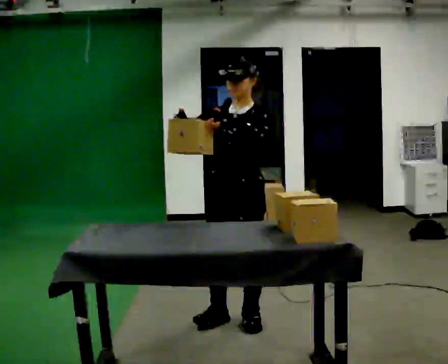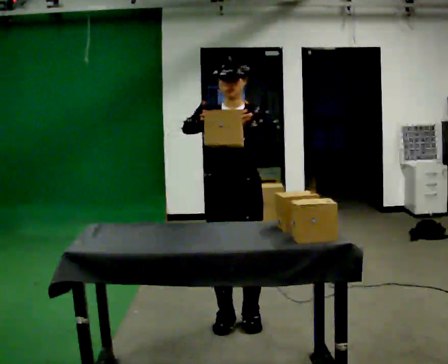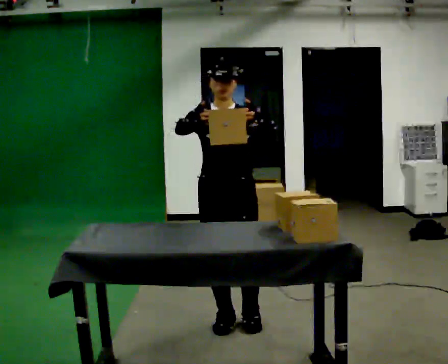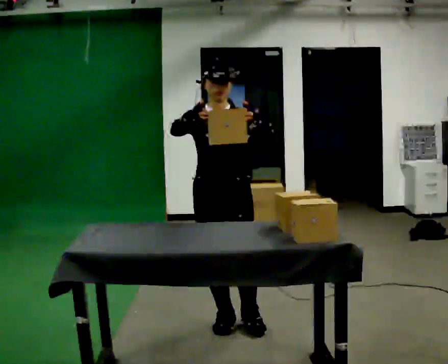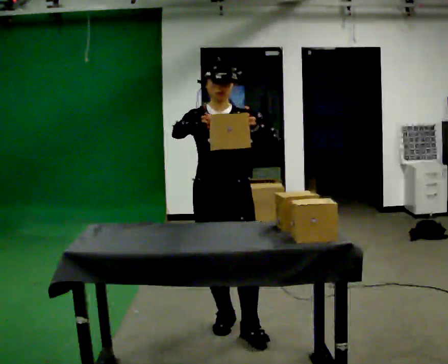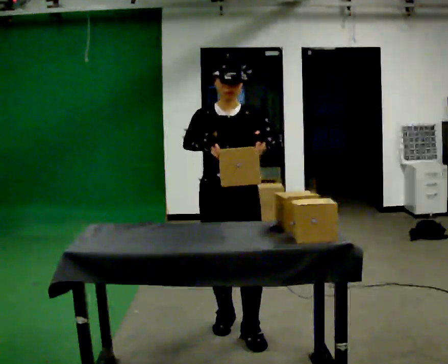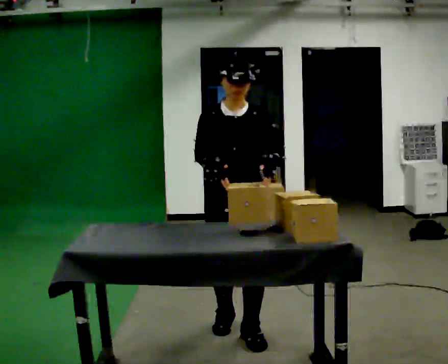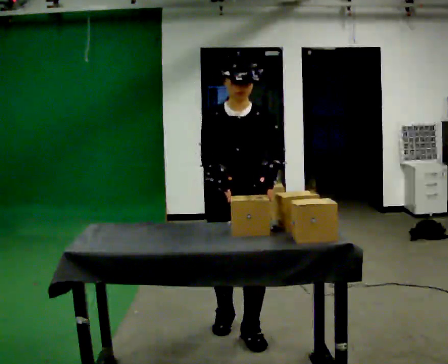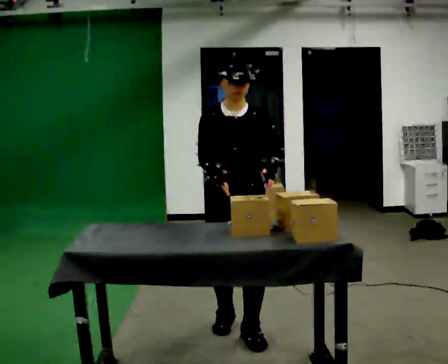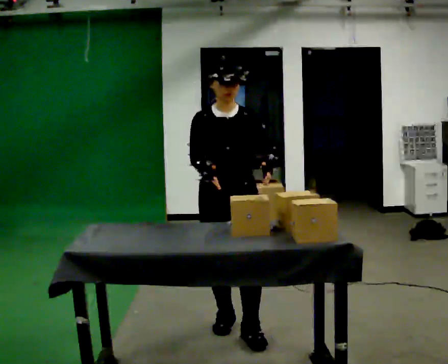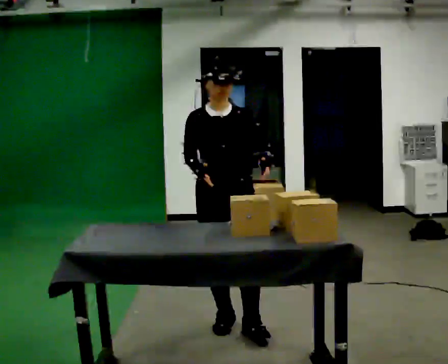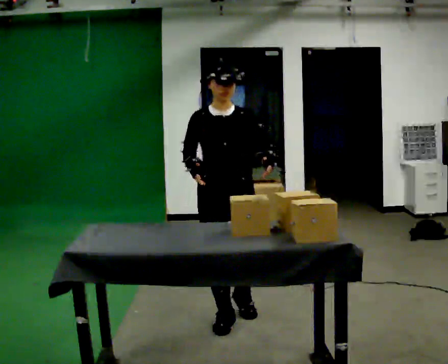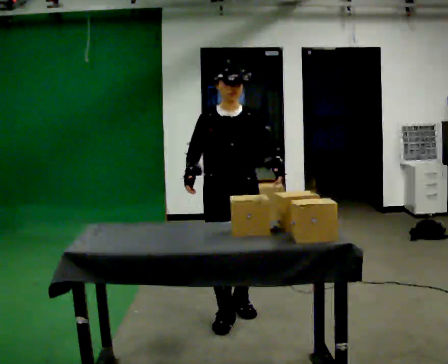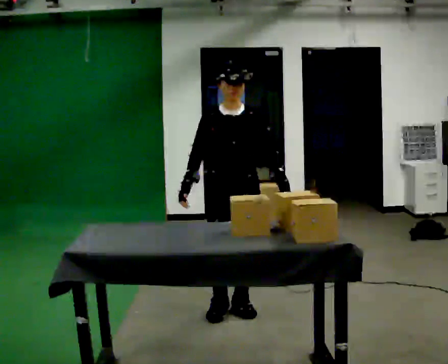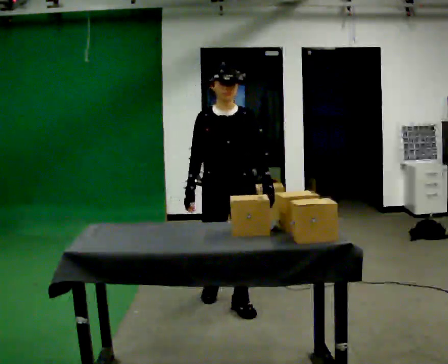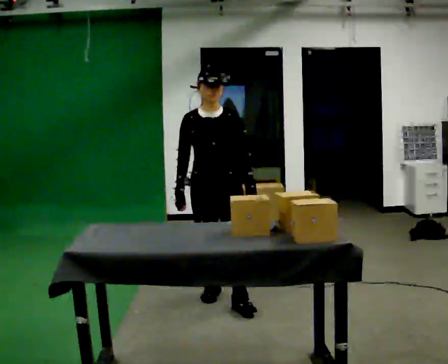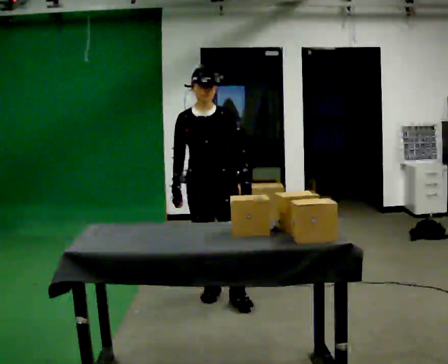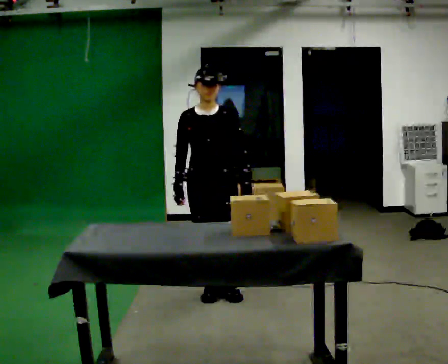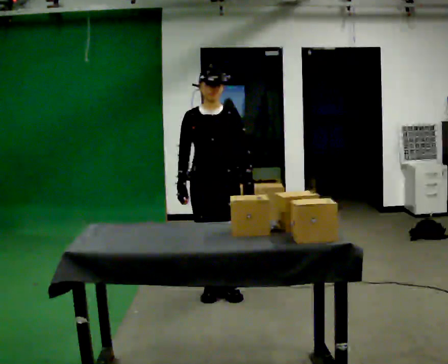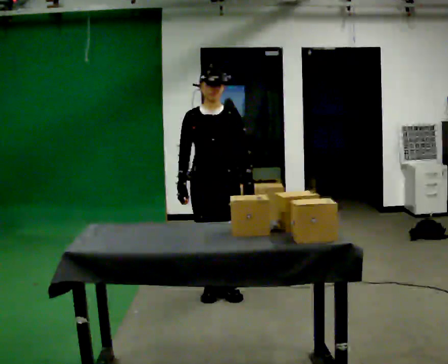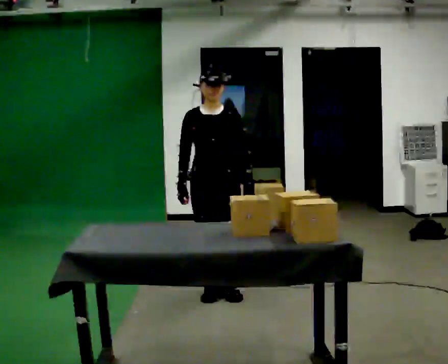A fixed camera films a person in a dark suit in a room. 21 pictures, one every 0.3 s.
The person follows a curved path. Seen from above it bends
clockwise.
0.0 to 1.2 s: The person turns about 30 degrees to their left, counterclockwise seen from above, so the part of the body nearest the lens slides to the right.
1.2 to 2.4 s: The person moves a little, or ends about where they began.
2.4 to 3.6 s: In the picture they go away from the camera, about 0.25 m in 1 step, which for them is backward.
3.6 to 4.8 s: In the picture they go away from the camera, about 0.5 m in 2 steps, which for them is backward.
4.8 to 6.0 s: The person moves a little, or ends about where they began.
The film runs backward here.
